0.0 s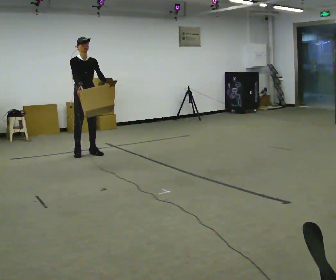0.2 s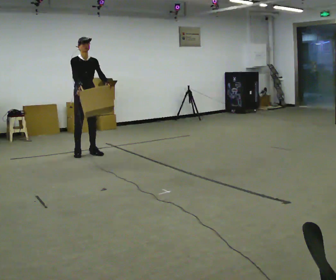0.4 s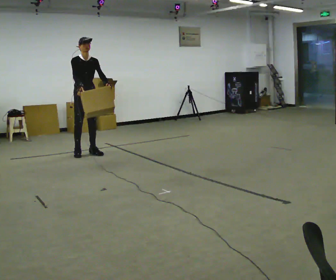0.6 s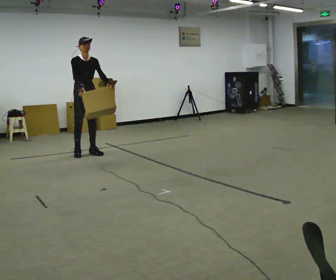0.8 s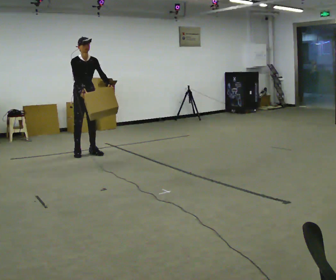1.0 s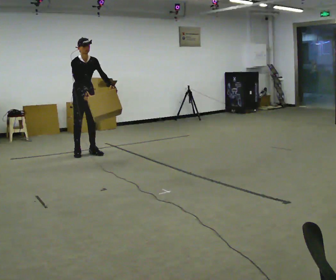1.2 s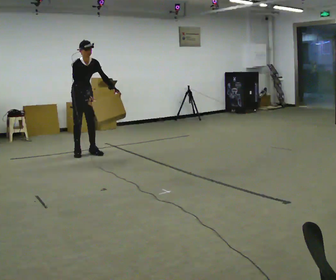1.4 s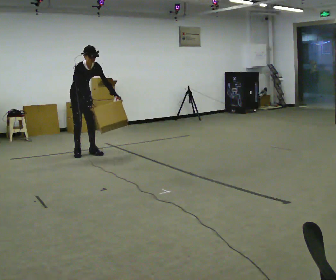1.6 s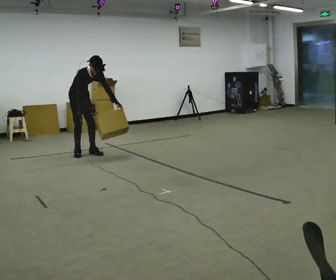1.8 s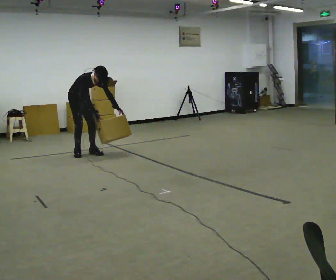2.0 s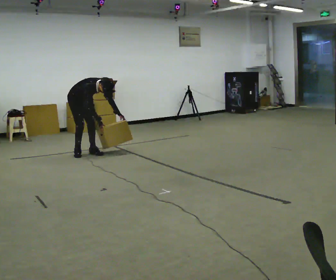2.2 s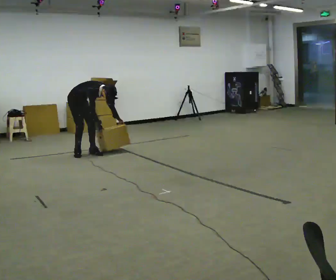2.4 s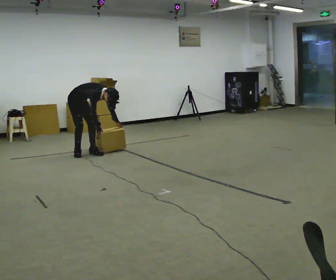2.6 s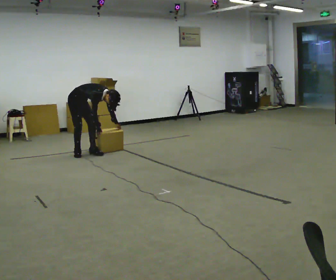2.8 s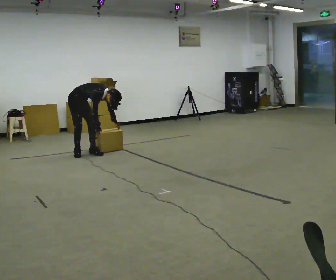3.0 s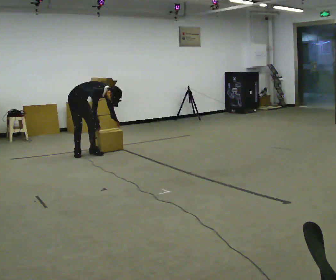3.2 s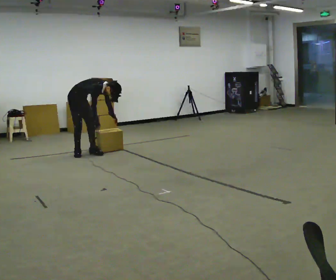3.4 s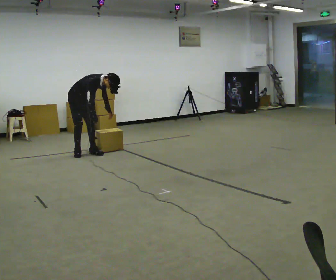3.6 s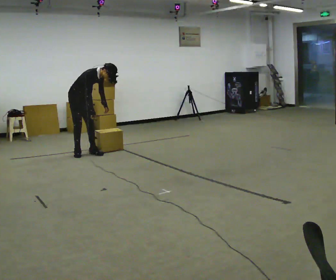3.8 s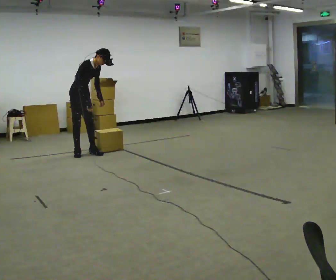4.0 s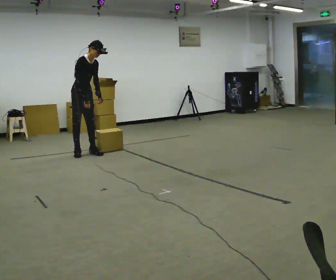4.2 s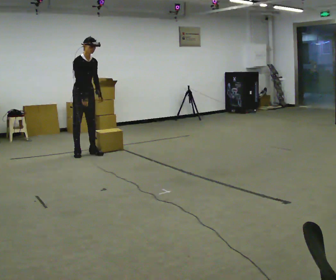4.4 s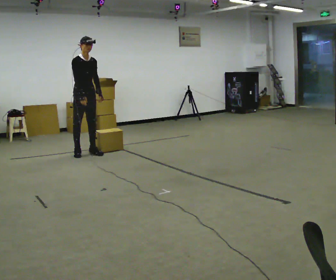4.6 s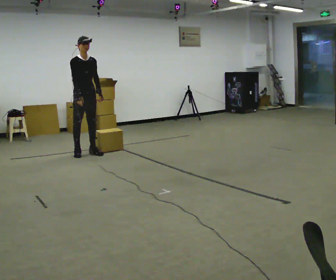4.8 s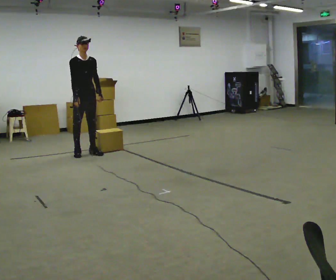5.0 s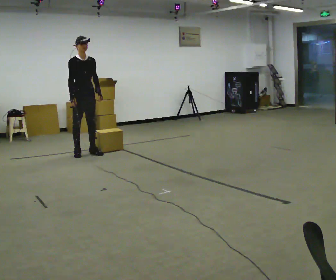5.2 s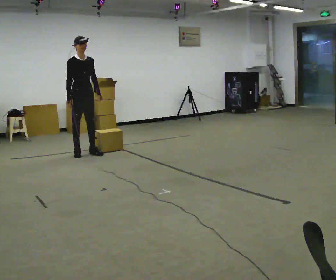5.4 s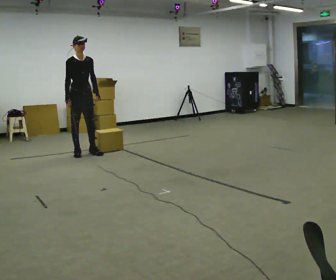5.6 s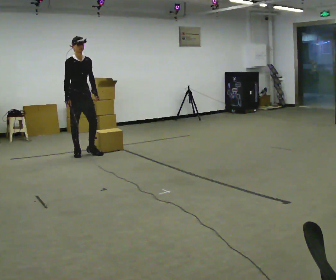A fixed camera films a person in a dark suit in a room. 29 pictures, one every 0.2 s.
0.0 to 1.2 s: The upper body tips toward the camera, its near side rolling downward, as they bend forward.
1.2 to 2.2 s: Seen from above the body turns counterclockwise, about 30 degrees: to their left, with its near side sliding to the right. The upper body goes downward. In the picture the upper body tilts clockwise, shoulders to the right, as they bend forward. In the picture their left hand goes downward.
2.2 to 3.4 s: The person moves a little, or ends about where they began.
3.4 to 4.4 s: The part of the body nearest the lens slides to the left as the person turns to their right by about 30 degrees. The shoulders move upward. In the picture the upper body tilts counterclockwise, shoulders to the left, as they lean back or straighten. In the picture their right hand goes upward.
4.4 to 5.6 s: The person moves a little, or ends about where they began.
The film runs backward here.
